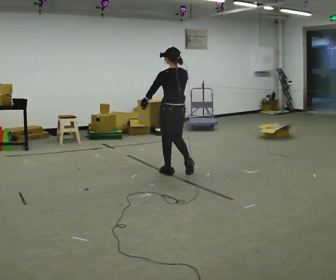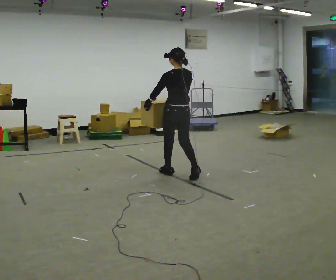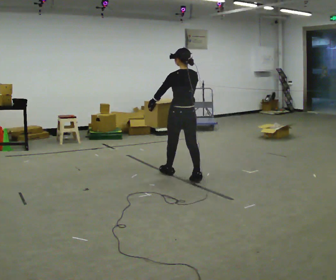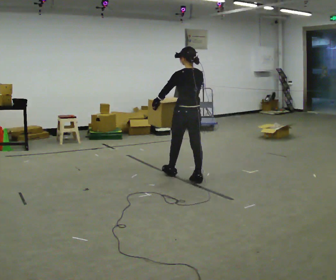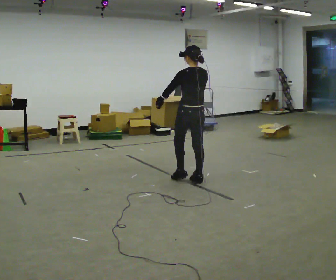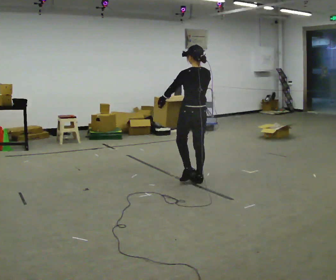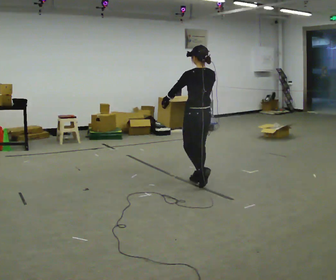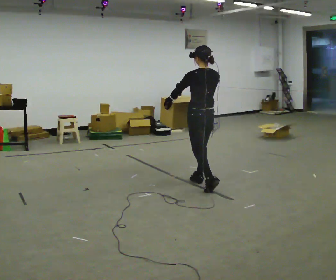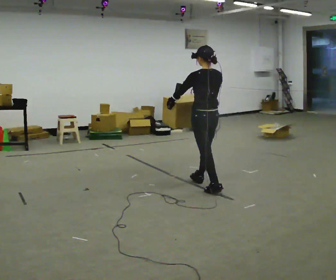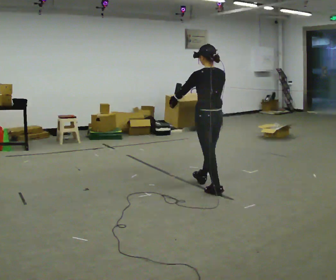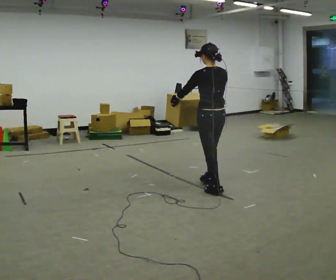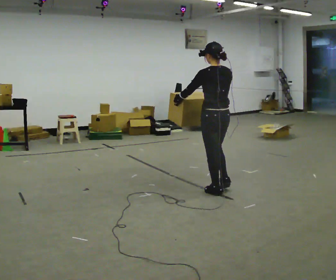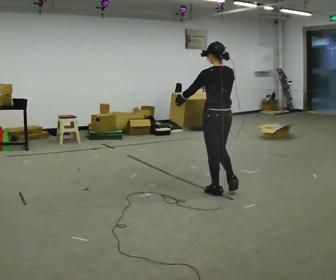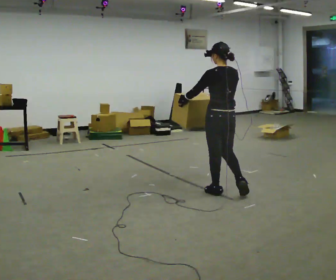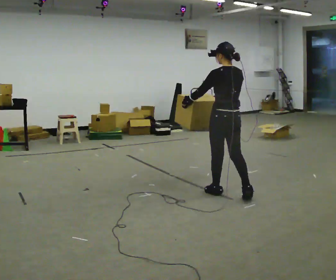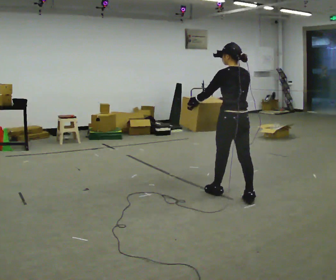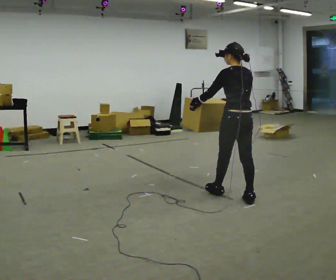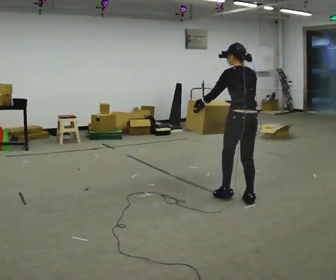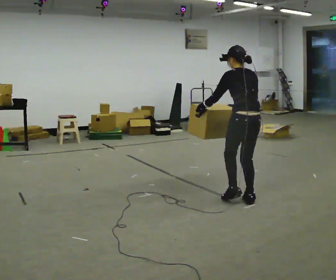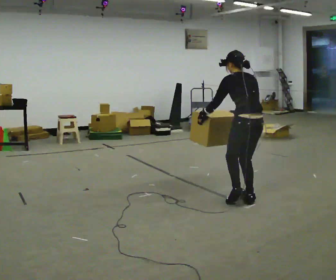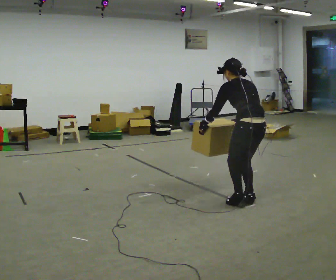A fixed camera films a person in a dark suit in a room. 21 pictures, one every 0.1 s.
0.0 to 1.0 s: In the picture they go toward the camera and to the right, about 1 m in 2 steps, which for them is backward.
1.0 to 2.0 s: In the picture they go to the right and toward the camera, about 0.5 m in 1 step, which for them is backward. The upper body tips away from the camera, its near side rolling upward, as they bend forward.
The film runs backward here.
